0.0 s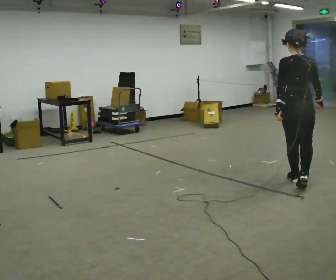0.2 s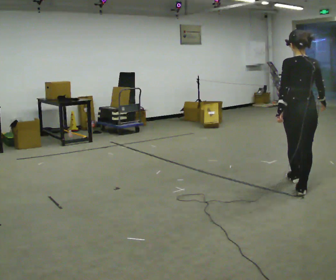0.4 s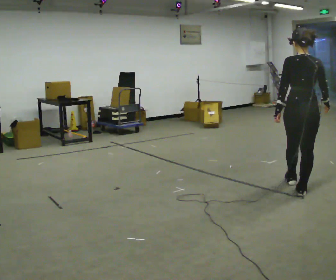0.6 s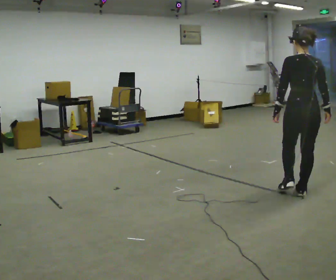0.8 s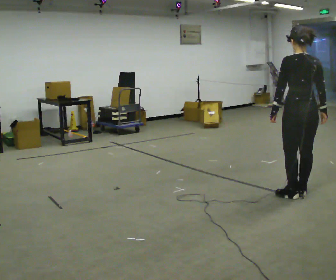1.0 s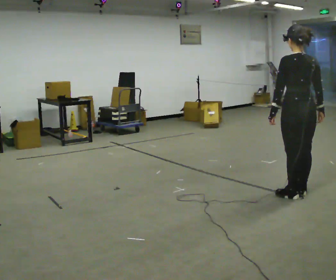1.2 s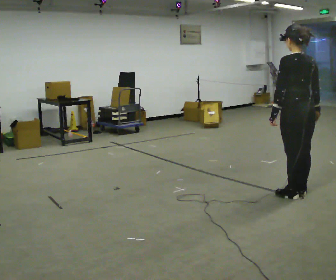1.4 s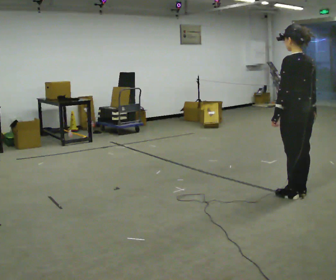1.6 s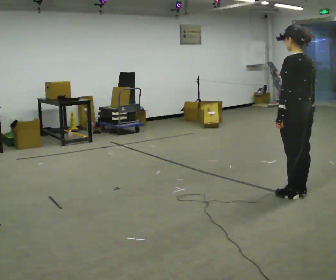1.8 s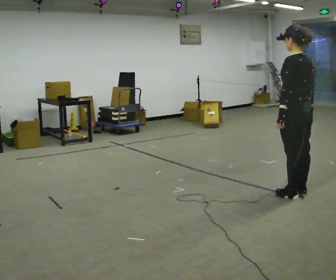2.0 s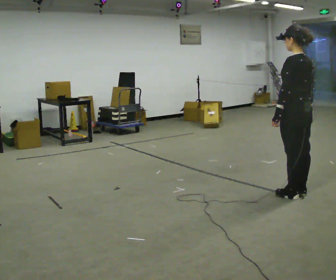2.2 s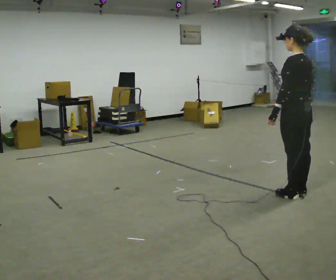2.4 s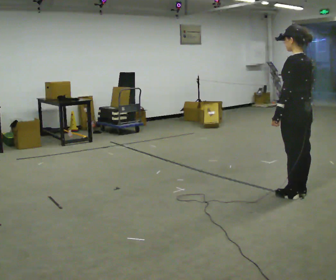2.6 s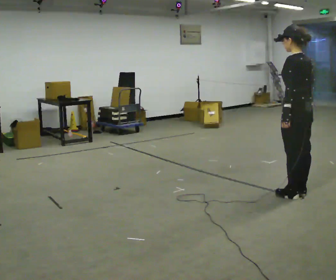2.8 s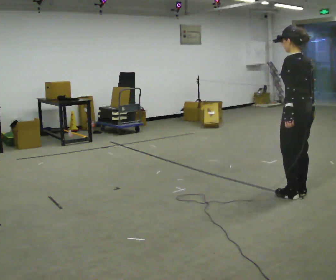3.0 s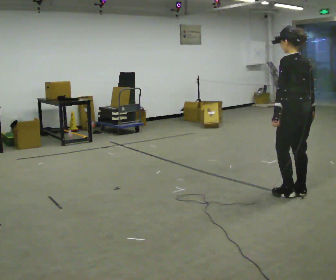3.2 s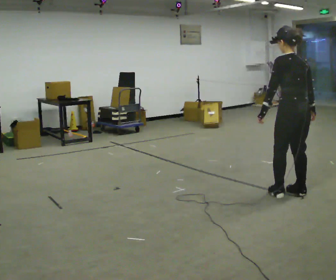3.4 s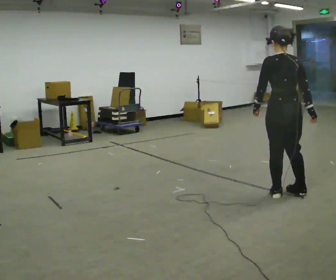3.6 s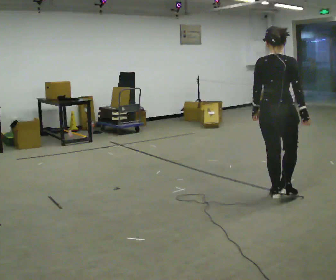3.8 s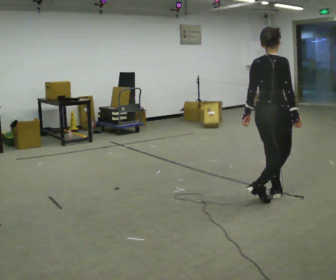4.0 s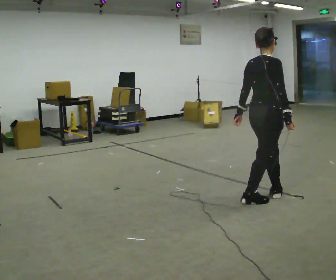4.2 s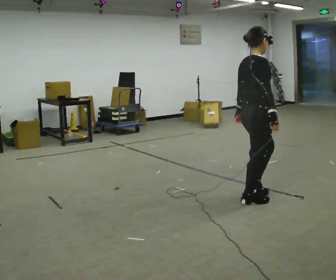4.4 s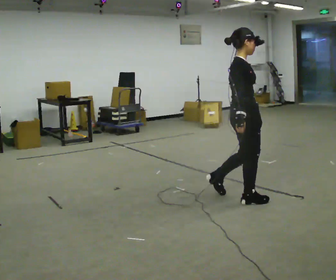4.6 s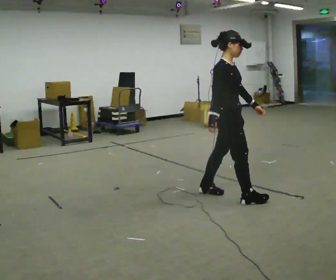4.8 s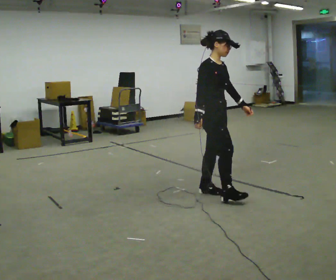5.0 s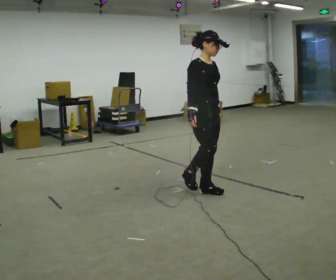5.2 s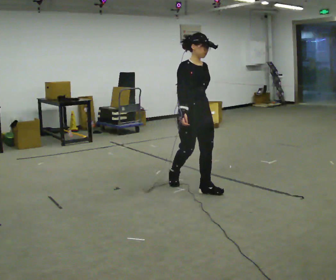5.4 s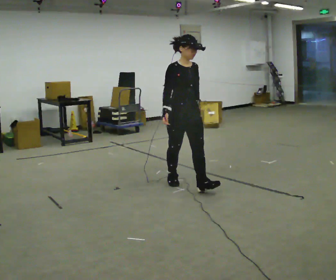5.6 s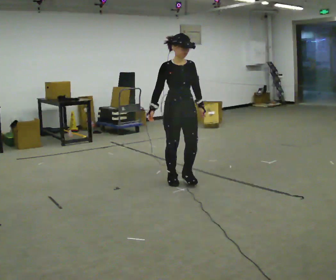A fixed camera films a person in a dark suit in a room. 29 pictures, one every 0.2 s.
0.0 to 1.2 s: The person turns about 30 degrees to their left, counterclockwise seen from above, so the part of the body nearest the lens slides to the right. In the picture they go toward the camera, about 0.5 m in 1 step, which for them is backward.
1.2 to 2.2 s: The person moves a little, or ends about where they began.
2.2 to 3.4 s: Seen from above the body turns clockwise, about 30 degrees: to their right, with its near side sliding to the left.
3.4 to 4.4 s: The person turns about 90 degrees to their right, clockwise seen from above, so the part of the body nearest the lens slides to the left. In the picture they go to the left, about 0.5 m in 1 step.
4.4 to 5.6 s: The part of the body nearest the lens slides to the left as the person turns to their right by about 60 degrees. In the picture they go to the left and away from the camera, about 1 m in 2 steps.
The film runs backward here.
